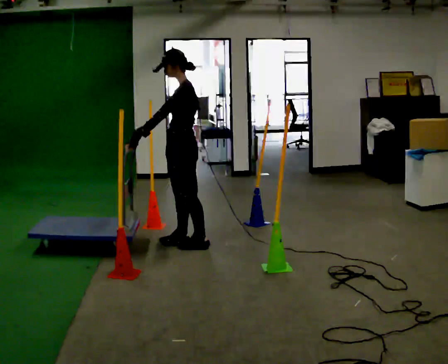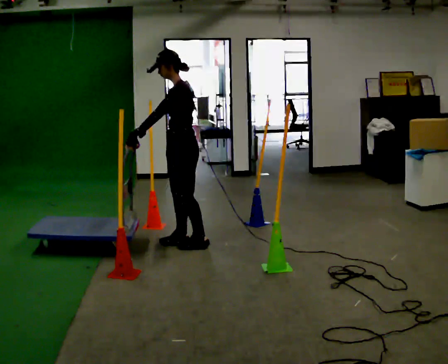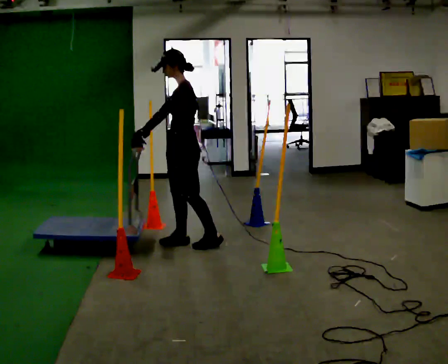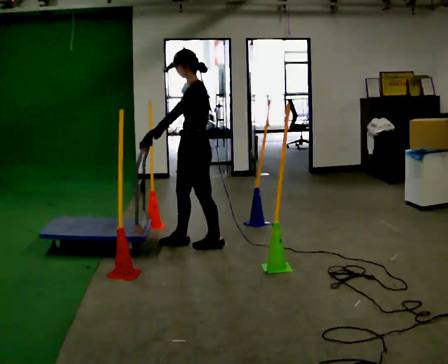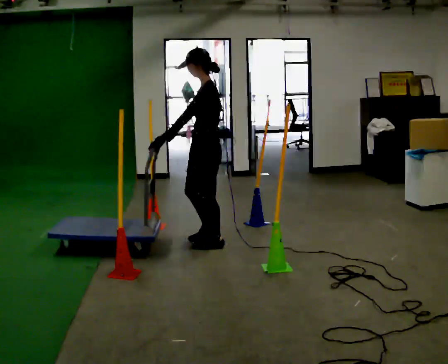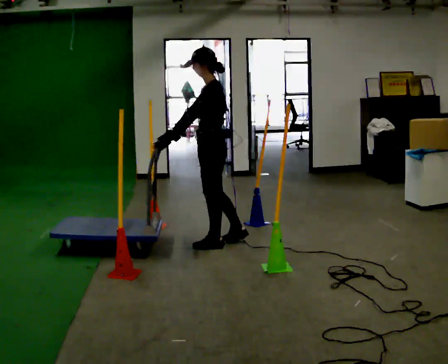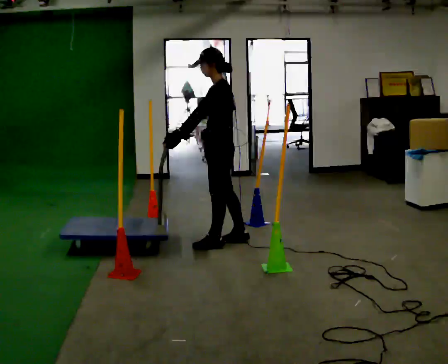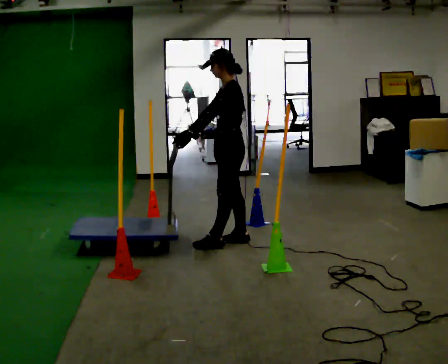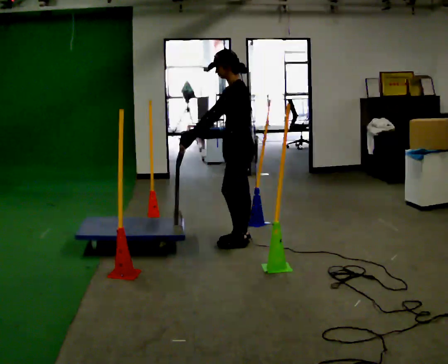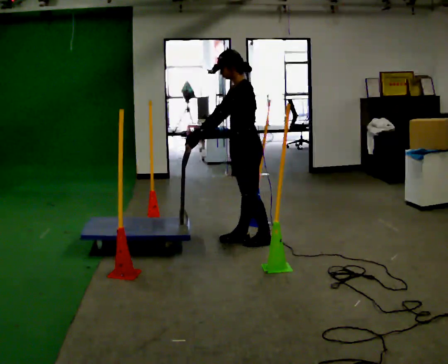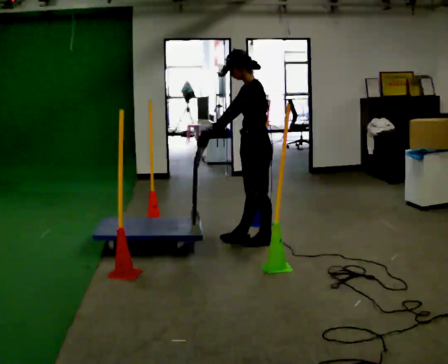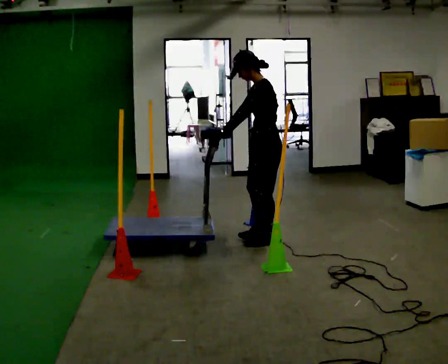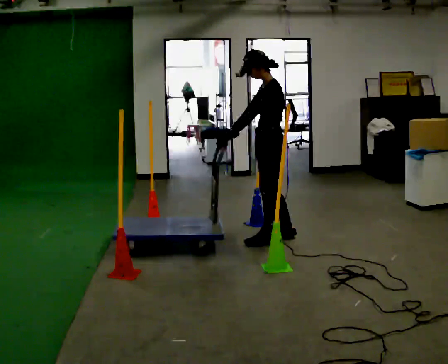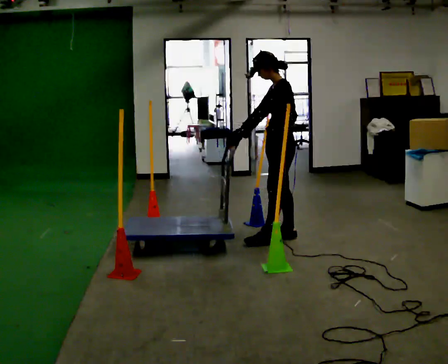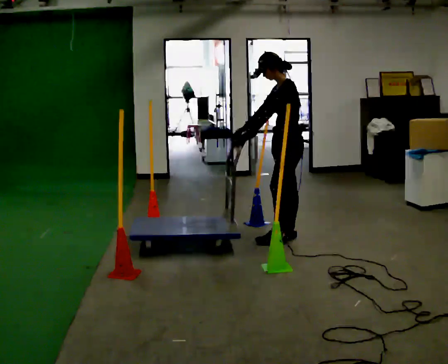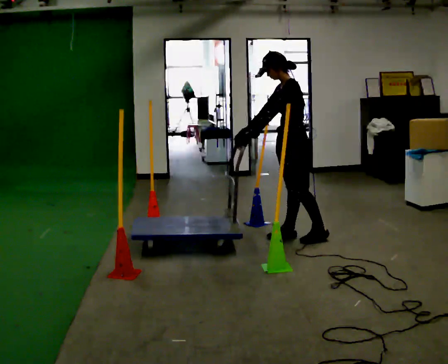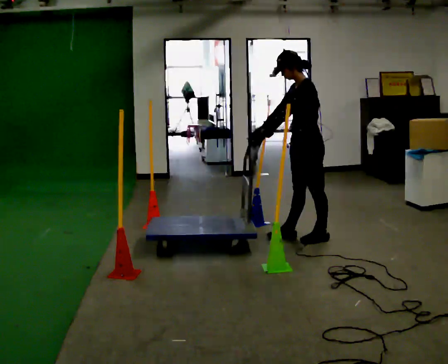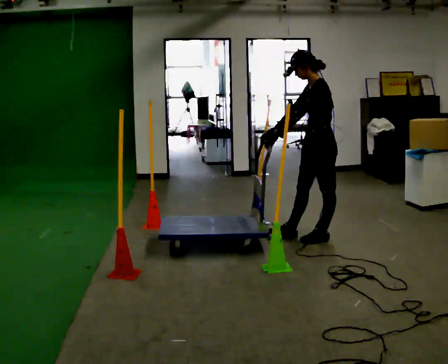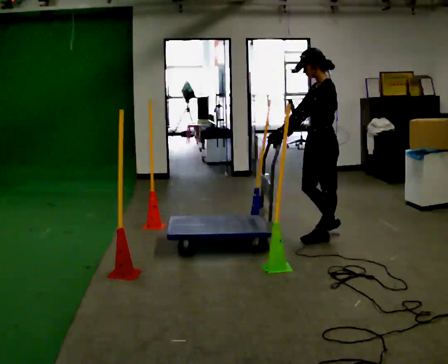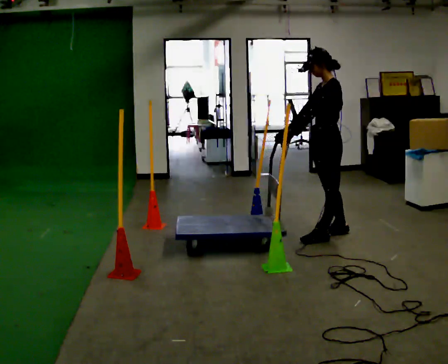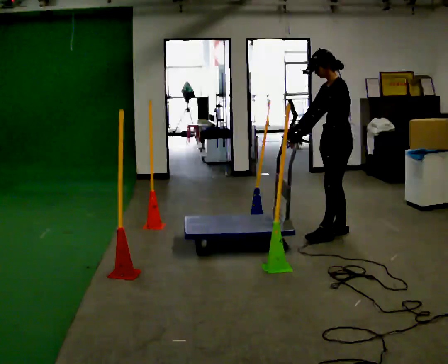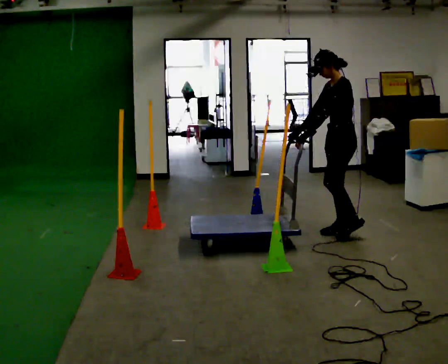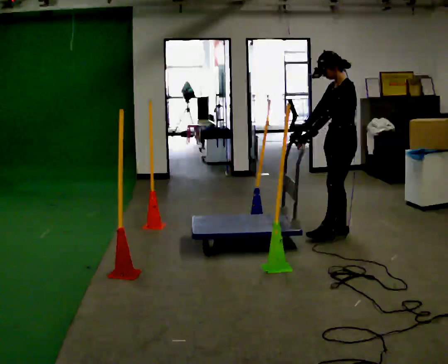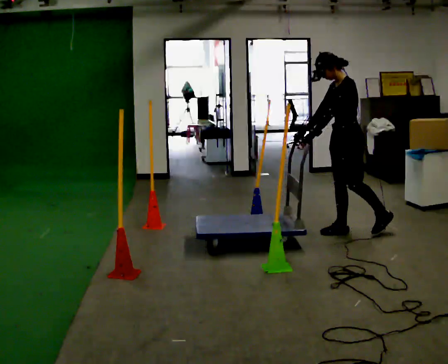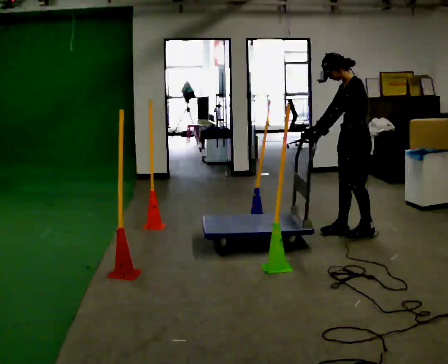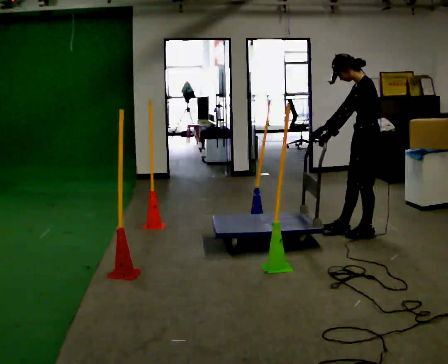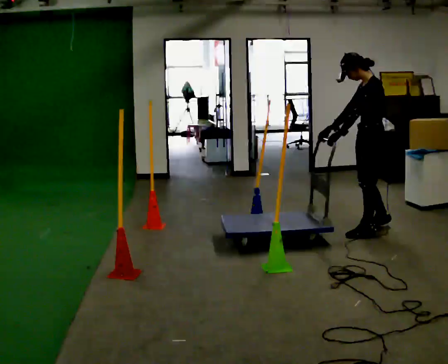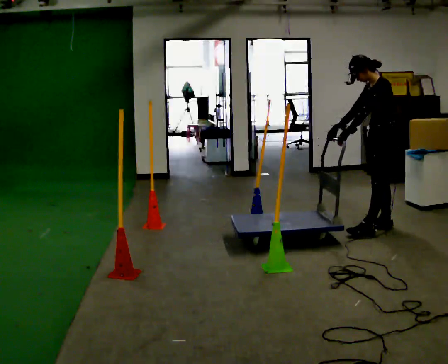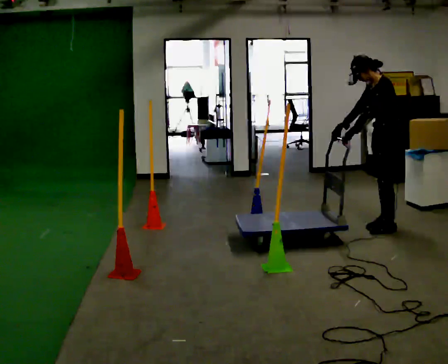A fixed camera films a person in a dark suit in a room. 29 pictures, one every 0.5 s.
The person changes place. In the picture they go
to the right.
0.0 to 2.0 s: In the picture they go to the right, about 0.25 m, which for them is backward.
2.0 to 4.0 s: In the picture they go to the right and away from the camera, about 0.25 m in 1 step, which for them is backward and to their right.
4.0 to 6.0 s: In the picture they go to the right, about 0.25 m in 2 steps, which for them is backward.
6.0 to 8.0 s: In the picture they go to the right, about 0.25 m in 1 step, which for them is backward.
8.0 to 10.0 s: In the picture they go to the right, about 0.25 m in 1 step, which for them is backward.
10.0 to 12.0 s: In the picture they go to the right, about 0.25 m in 3 steps, which for them is backward.
12.0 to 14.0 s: In the picture they go to the right, about 0.25 m in 2 steps, which for them is backward and to their right.
The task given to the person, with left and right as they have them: Push the cart in and out of the line of poles without touching any of them. Keep going until the operator says stop.
The film runs forward here.
